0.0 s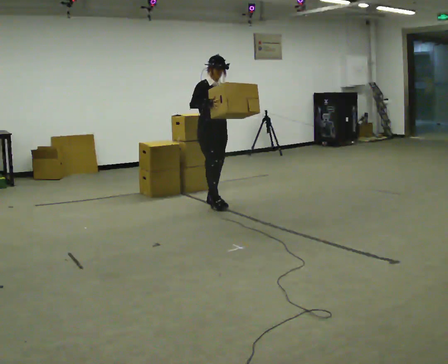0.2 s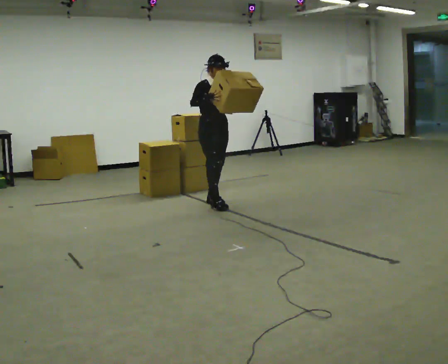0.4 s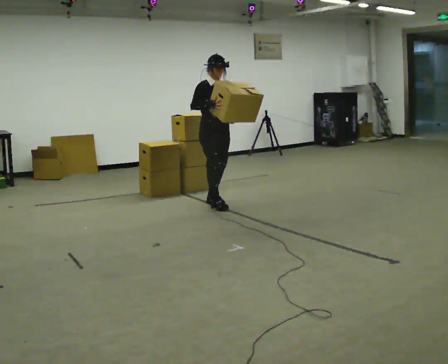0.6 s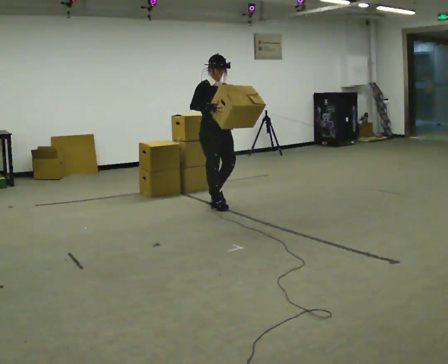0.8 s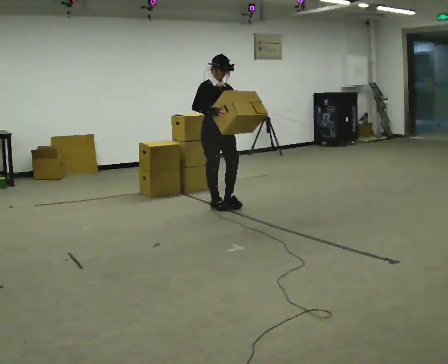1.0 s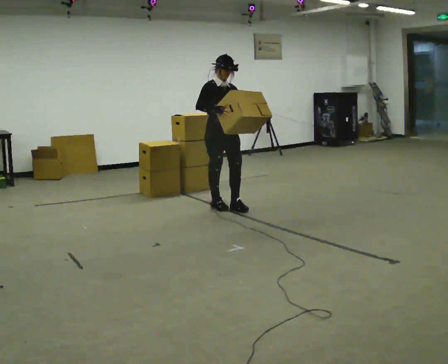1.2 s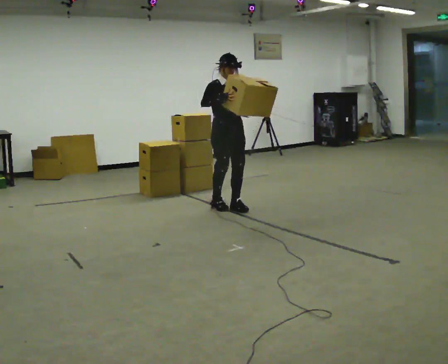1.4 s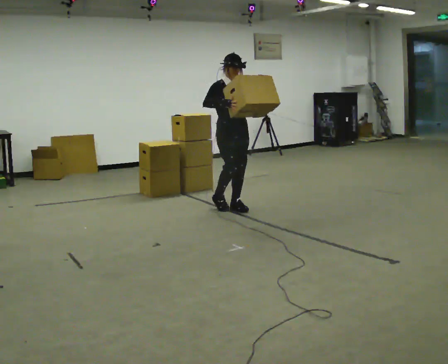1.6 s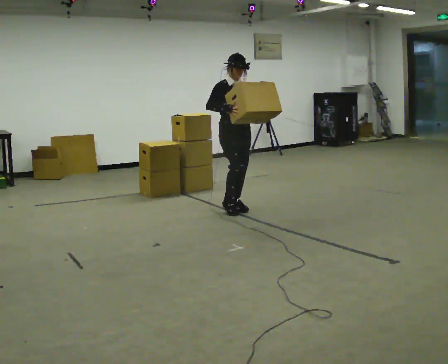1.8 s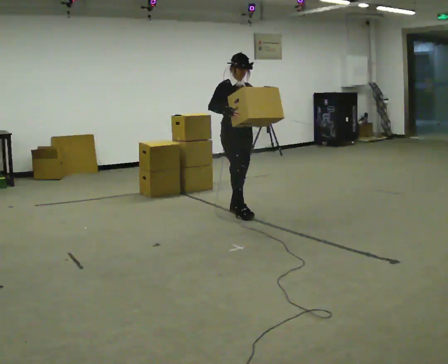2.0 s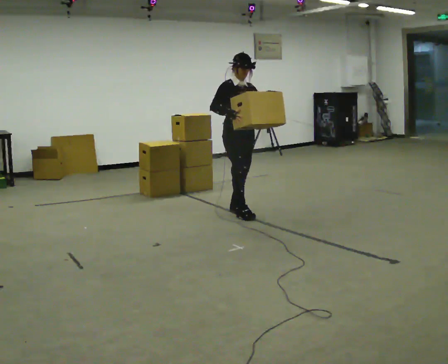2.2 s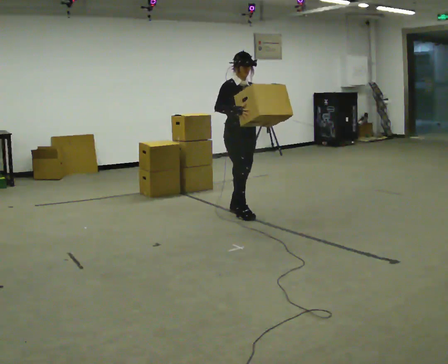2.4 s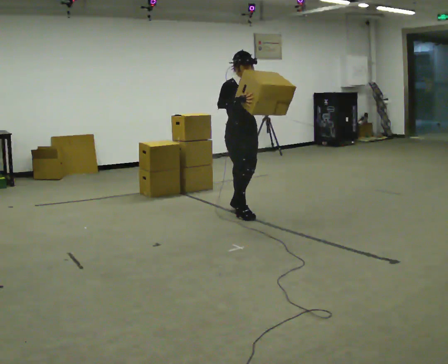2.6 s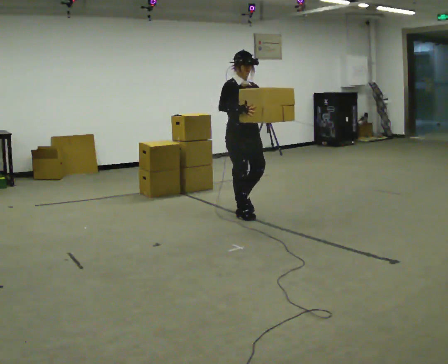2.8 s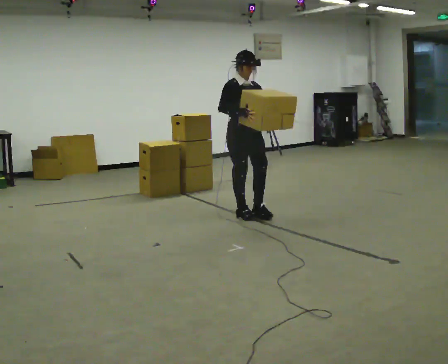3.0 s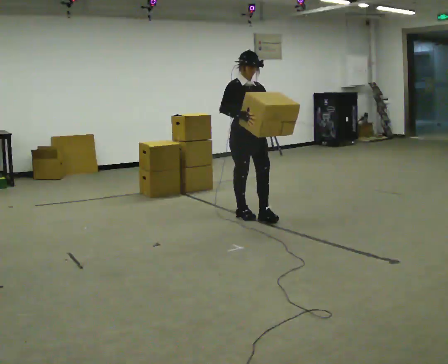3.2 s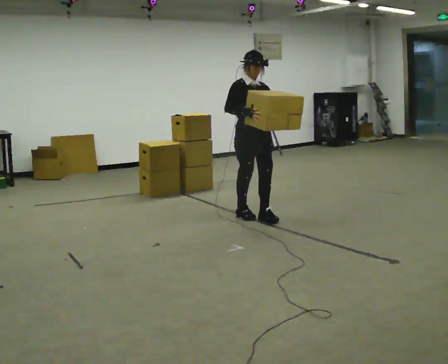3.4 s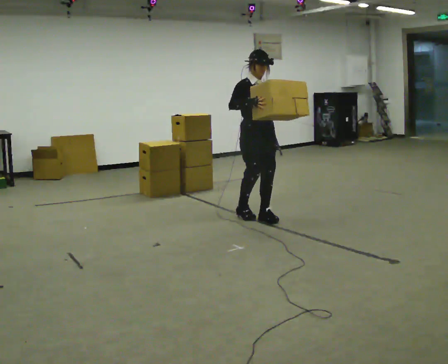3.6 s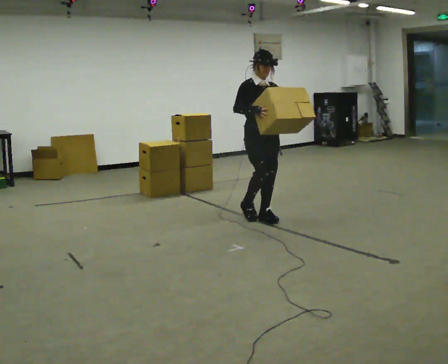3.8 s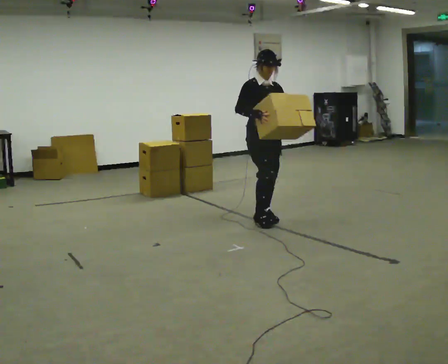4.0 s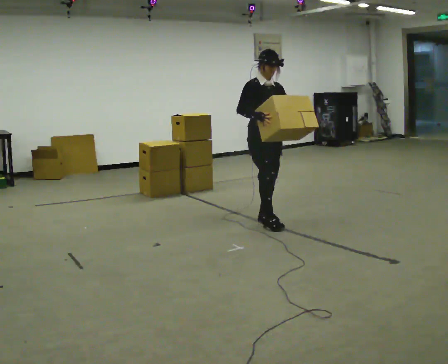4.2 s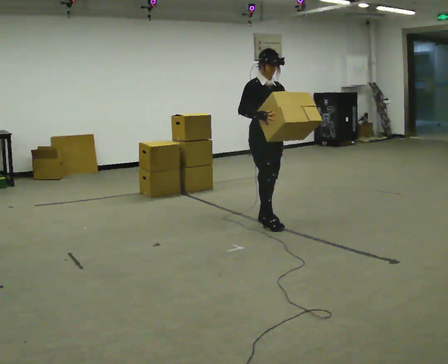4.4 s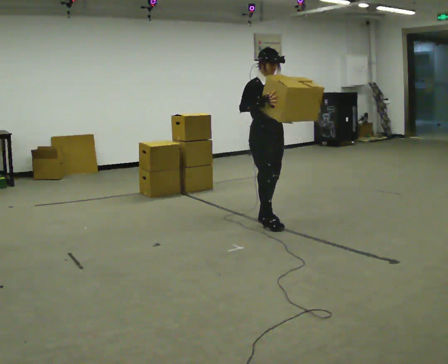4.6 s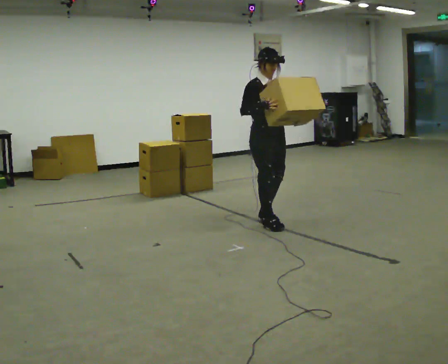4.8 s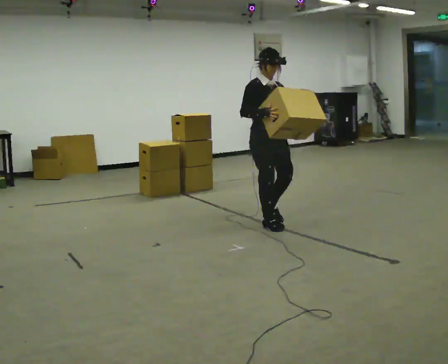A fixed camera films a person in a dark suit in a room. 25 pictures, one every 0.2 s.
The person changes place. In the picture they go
toward the camera.
0.0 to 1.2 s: In the picture they go toward the camera and to the right, about 0.25 m in 1 step, which for them is forward.
1.2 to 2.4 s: In the picture they go toward the camera, about 0.25 m in 1 step, which for them is forward.
2.4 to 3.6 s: In the picture they go to the right and toward the camera, about 0.25 m in 1 step, which for them is forward.
3.6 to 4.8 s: In the picture they go toward the camera, about 0.25 m in 1 step, which for them is forward.
The film runs forward here.
